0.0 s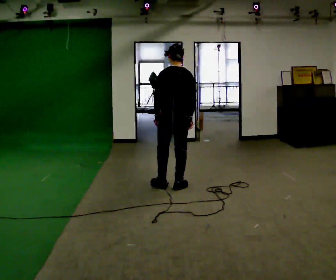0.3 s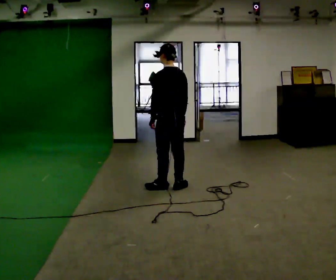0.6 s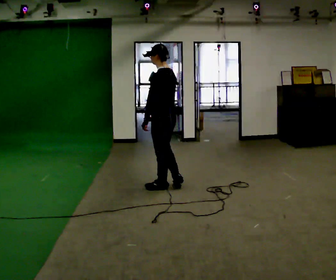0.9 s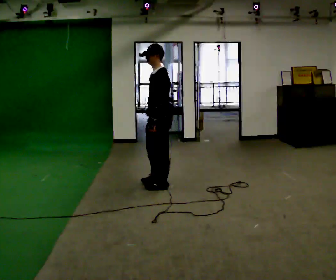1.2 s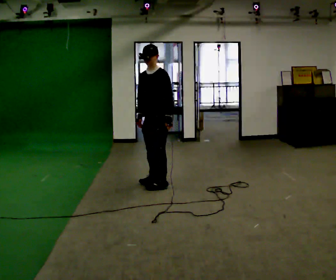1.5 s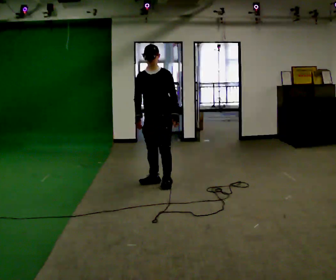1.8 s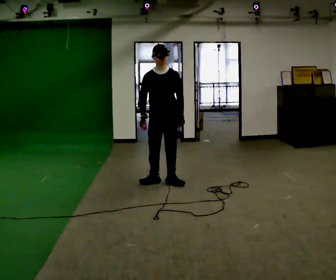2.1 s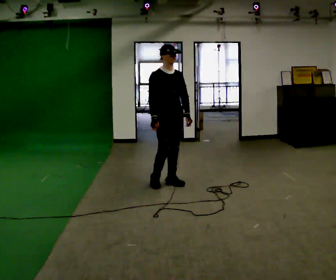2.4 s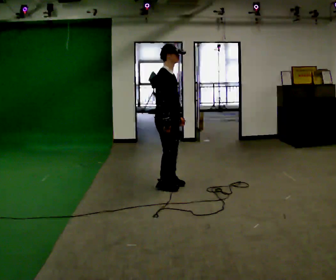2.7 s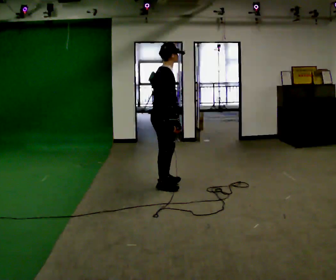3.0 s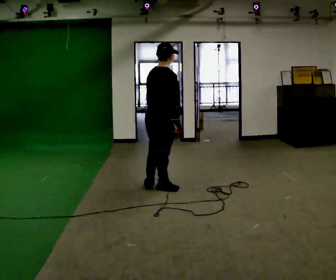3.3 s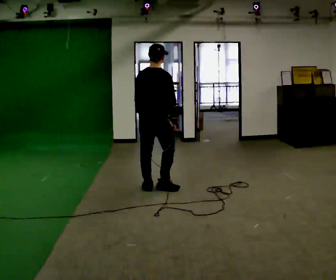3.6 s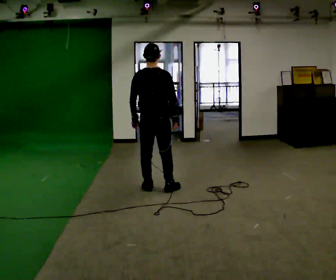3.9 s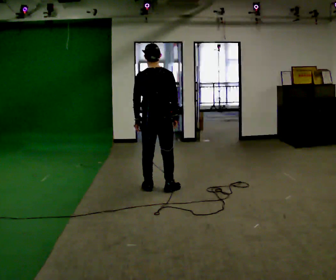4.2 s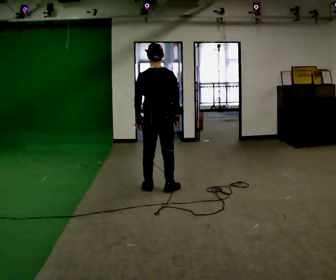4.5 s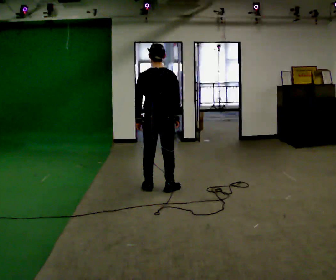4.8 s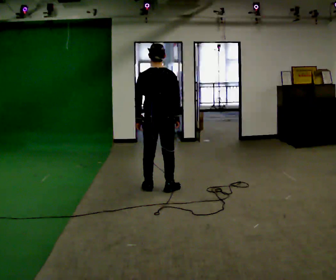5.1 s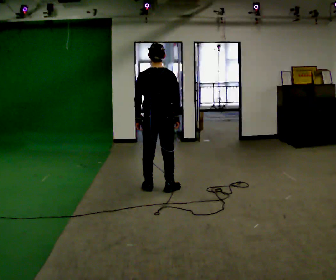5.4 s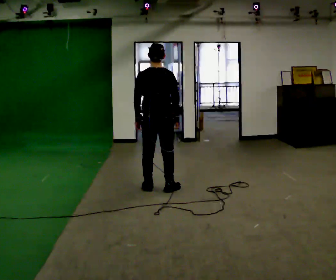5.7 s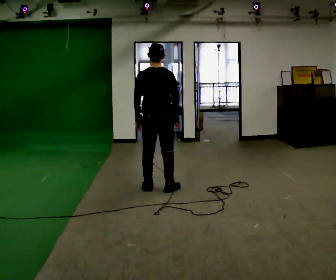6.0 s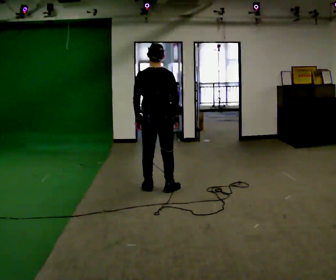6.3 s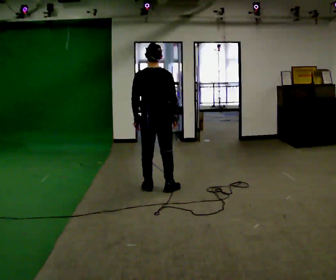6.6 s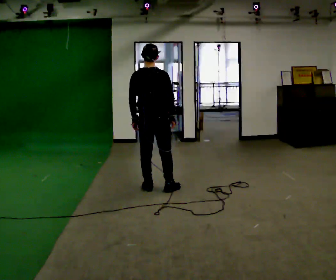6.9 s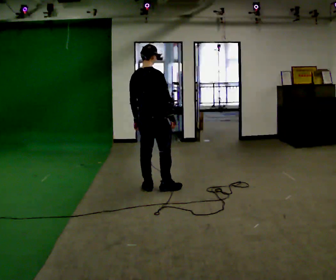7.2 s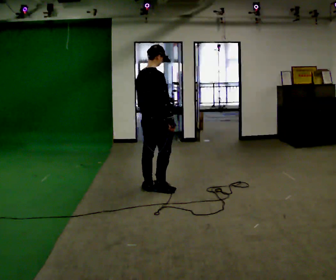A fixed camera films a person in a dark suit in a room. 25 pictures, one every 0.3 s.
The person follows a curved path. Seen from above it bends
counterclockwise.
0.0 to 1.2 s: Seen from above the body turns counterclockwise, about 120 degrees: to their left, with its near side sliding to the right. In the picture they go away from the camera and to the left, about 0.25 m in 1 step.
1.2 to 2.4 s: Seen from above the body turns counterclockwise, about 120 degrees: to their left, with its near side sliding to the right.
2.4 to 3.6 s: The part of the body nearest the lens slides to the right as the person turns to their left by about 90 degrees. In the picture their left hand goes to the left.
3.6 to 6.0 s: The person moves a little, or ends about where they began.
6.0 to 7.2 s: Seen from above the body turns clockwise, about 60 degrees: to their right, with its near side sliding to the left.
The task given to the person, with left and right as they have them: Turn on the spot to face the direction the operator calls, then stand still. The operator will call 90, 180 and 360 degrees and left or right.
The film runs forward here.
